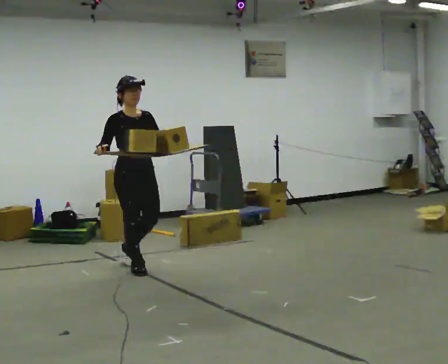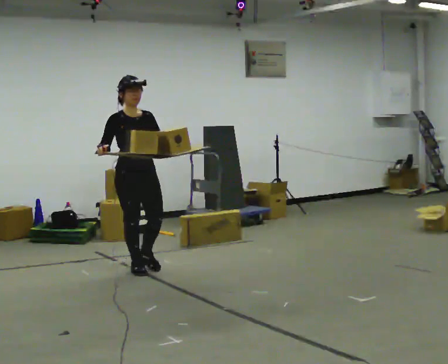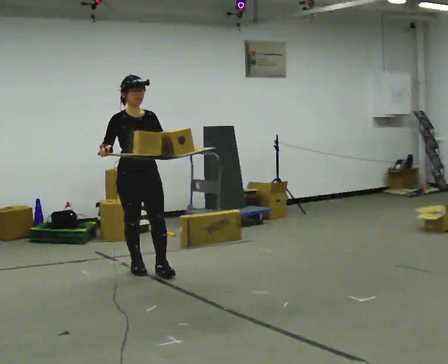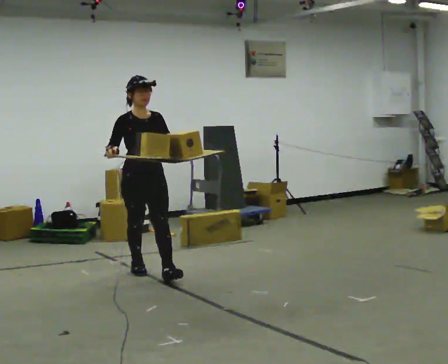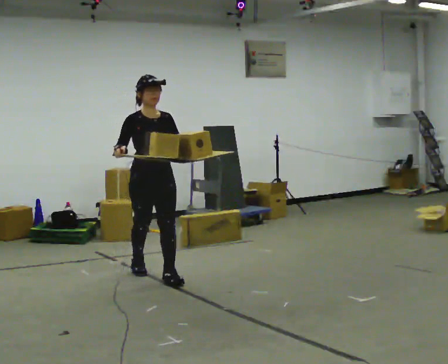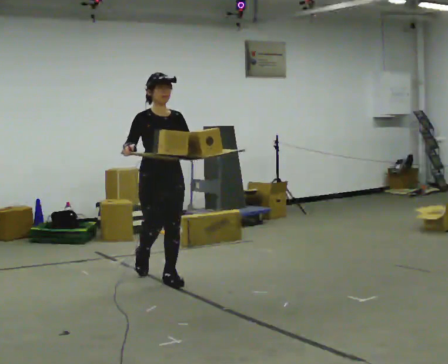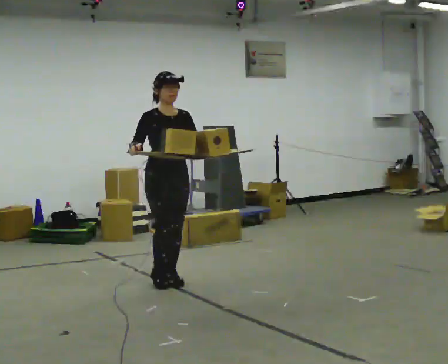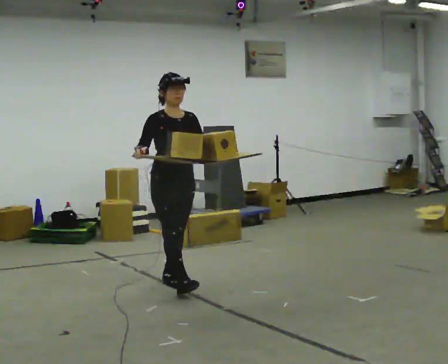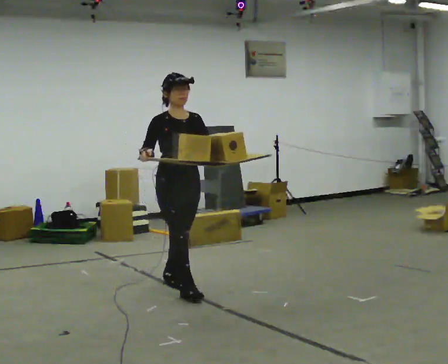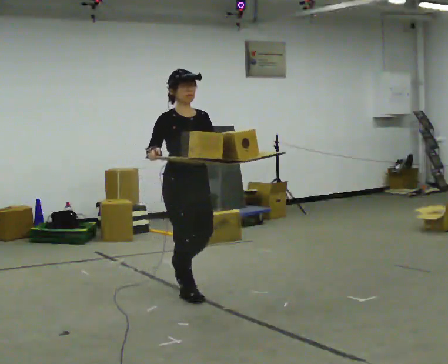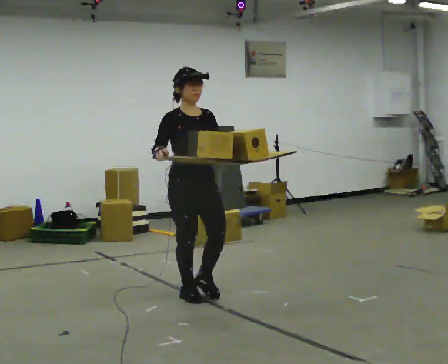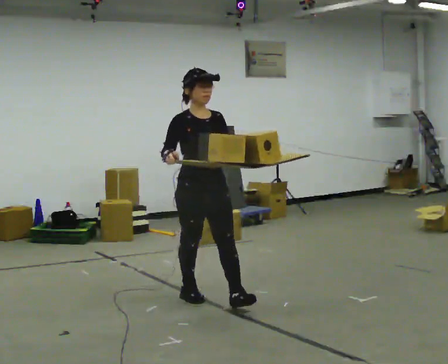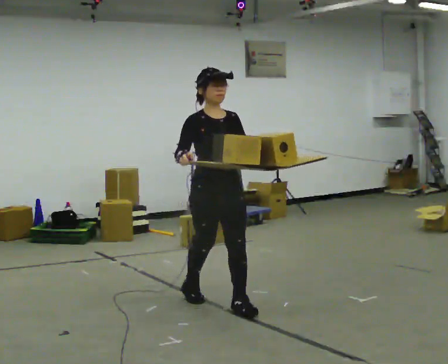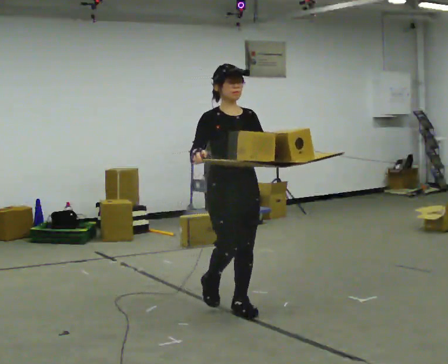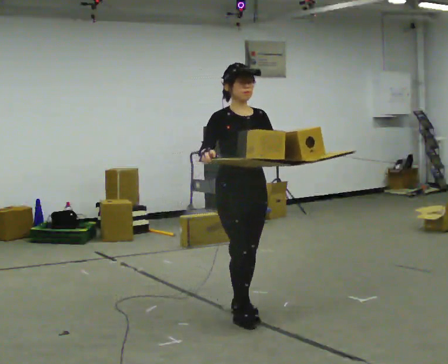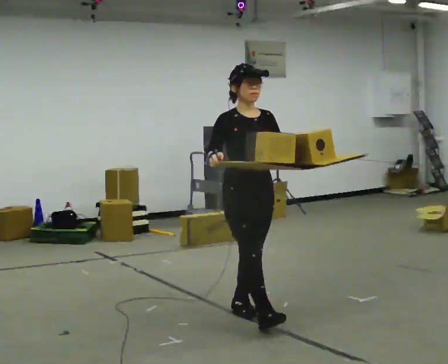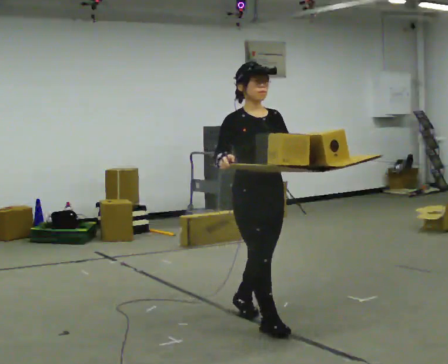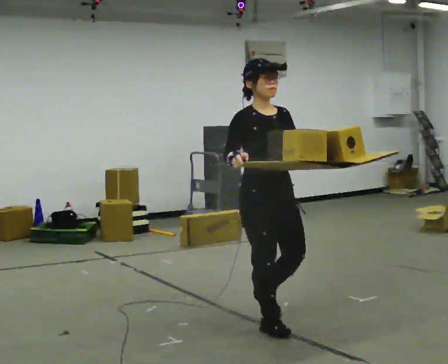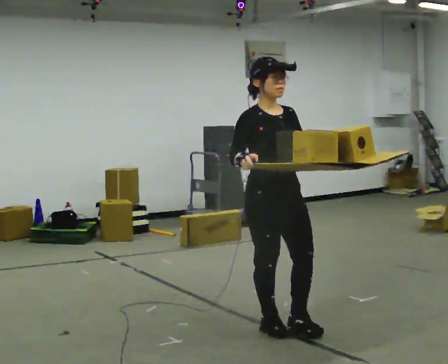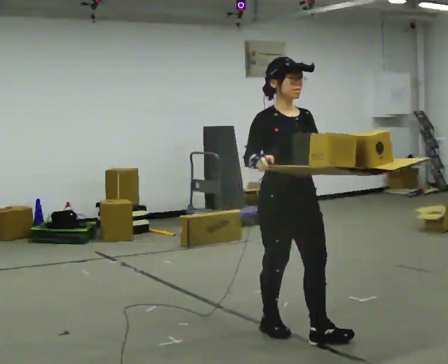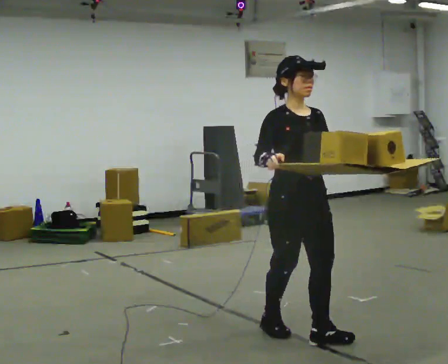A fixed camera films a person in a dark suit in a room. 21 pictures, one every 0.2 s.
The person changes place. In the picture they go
toward the camera.
0.0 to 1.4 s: In the picture they go toward the camera and to the right, about 0.5 m in 1 step, which for them is forward.
1.4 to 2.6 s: In the picture they go toward the camera and to the right, about 1 m in 2 steps, which for them is forward.
2.6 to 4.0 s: In the picture they go toward the camera and to the right, about 0.5 m in 2 steps, which for them is forward.
The film runs forward here.
